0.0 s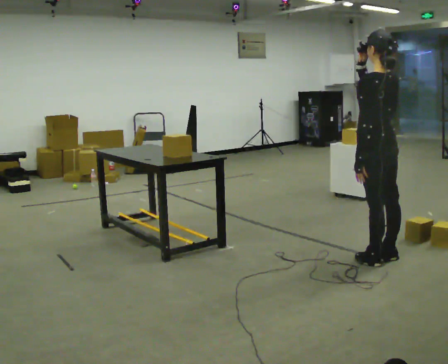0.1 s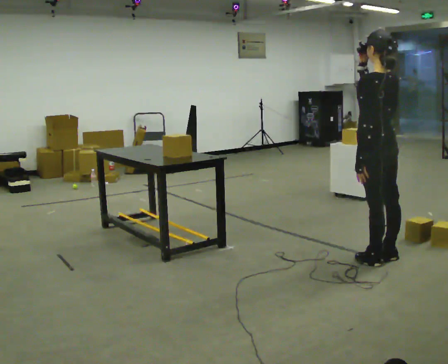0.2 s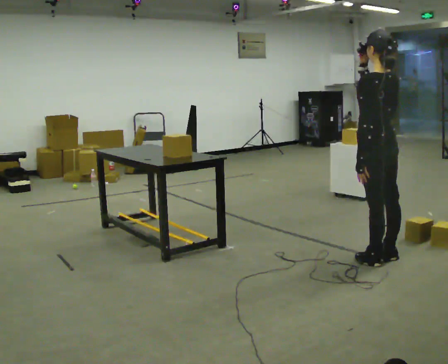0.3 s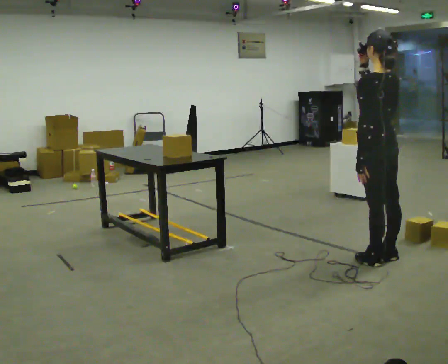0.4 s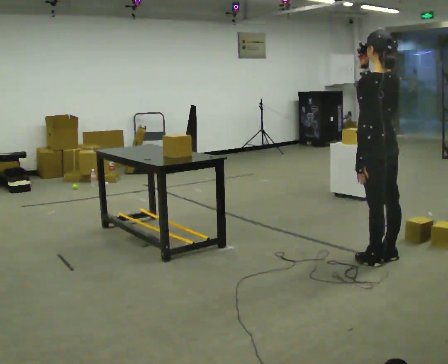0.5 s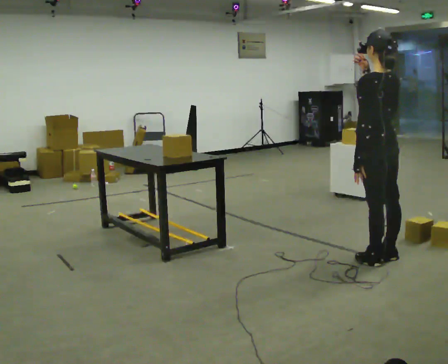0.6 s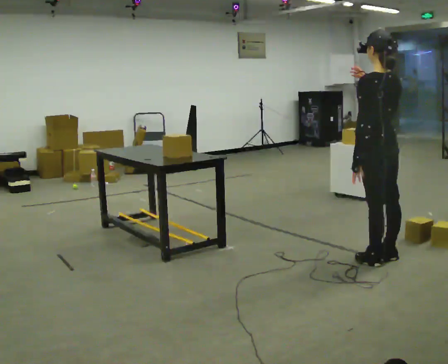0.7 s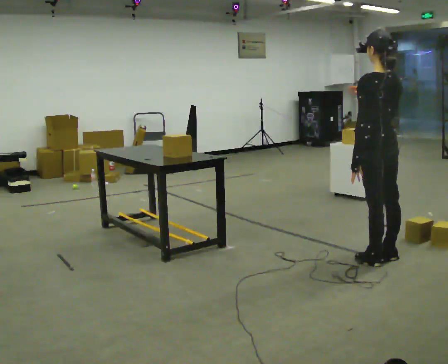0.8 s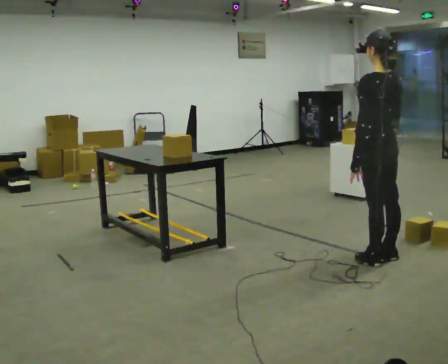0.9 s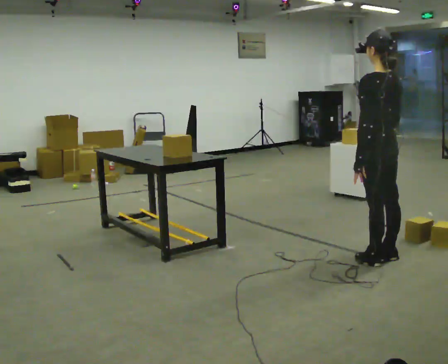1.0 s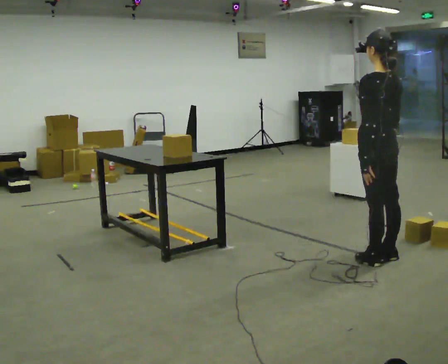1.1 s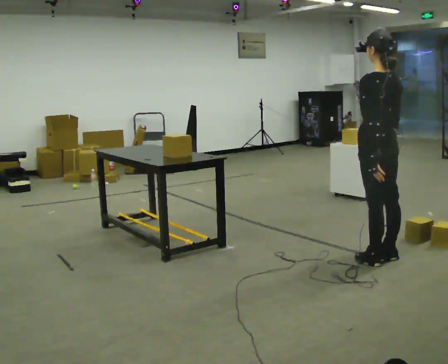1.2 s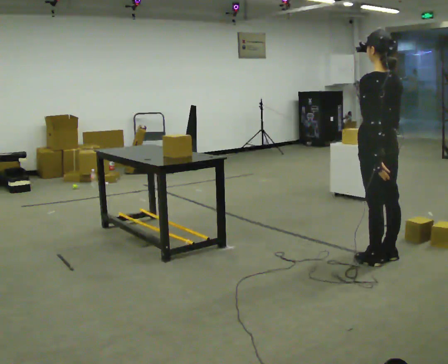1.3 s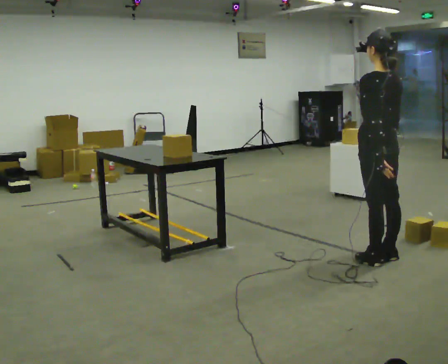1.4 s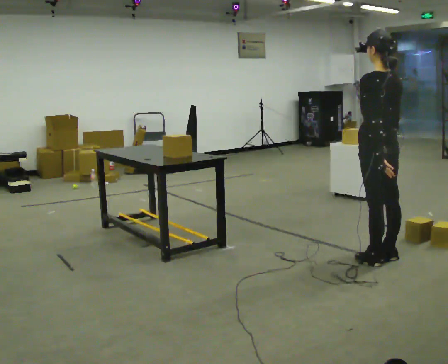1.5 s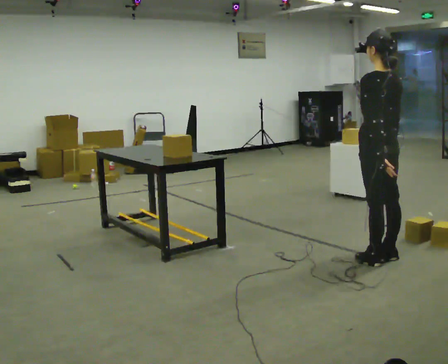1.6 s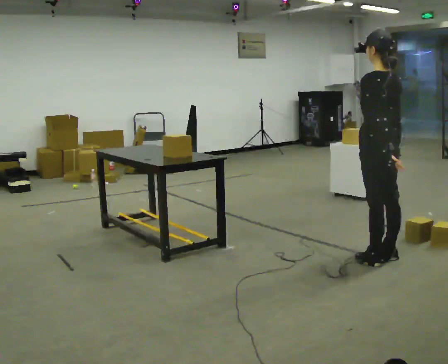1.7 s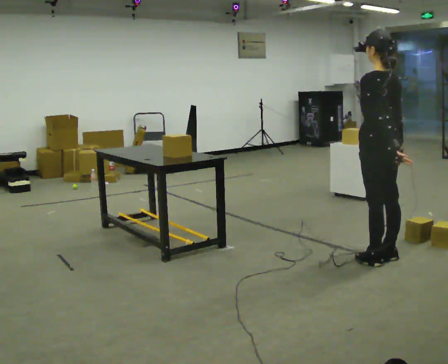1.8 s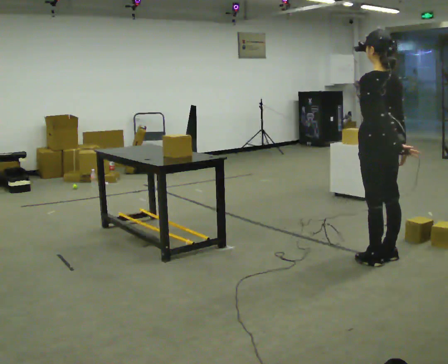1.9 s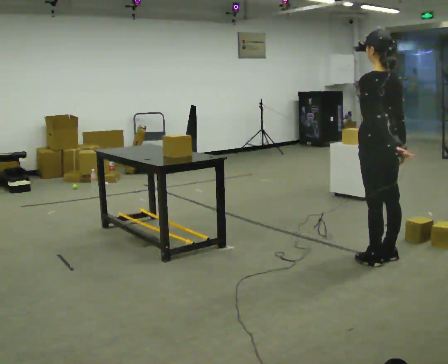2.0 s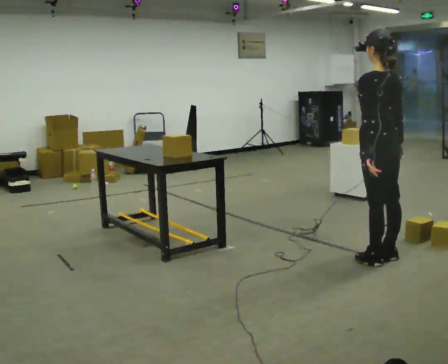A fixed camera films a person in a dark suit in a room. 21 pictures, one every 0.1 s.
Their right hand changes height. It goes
downward.
0.0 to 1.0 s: In the picture their right hand goes downward.
1.0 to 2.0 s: The person moves a little, or ends about where they began.
The film runs backward here.
